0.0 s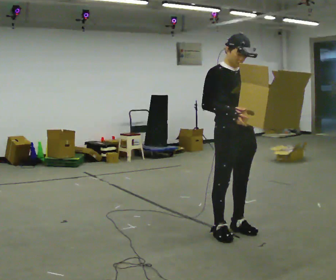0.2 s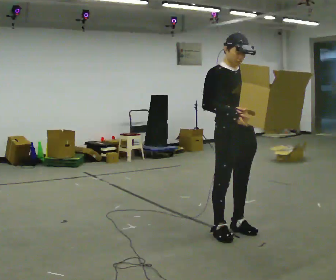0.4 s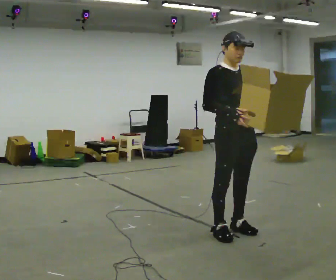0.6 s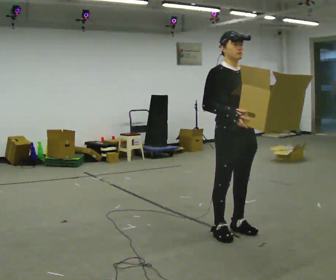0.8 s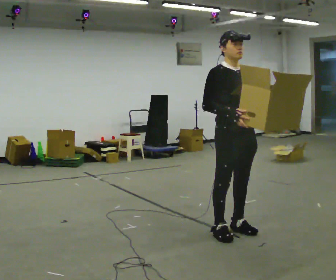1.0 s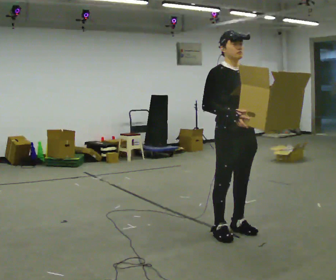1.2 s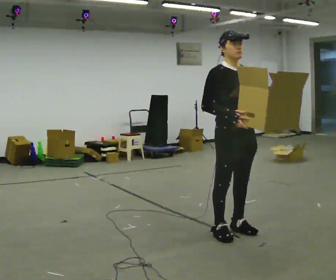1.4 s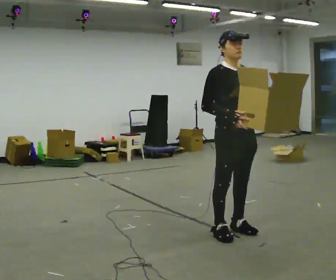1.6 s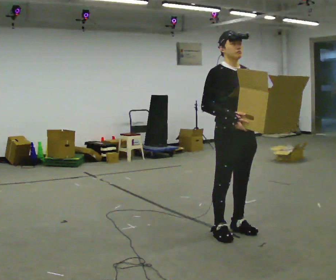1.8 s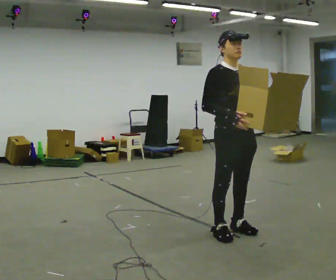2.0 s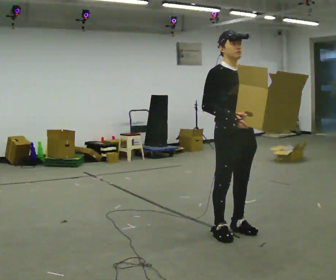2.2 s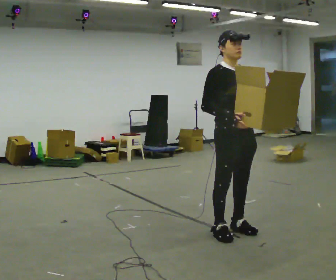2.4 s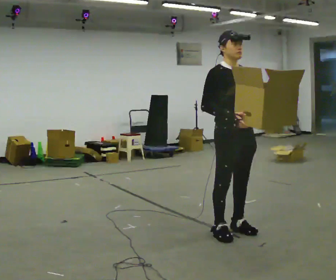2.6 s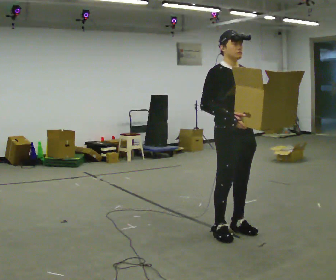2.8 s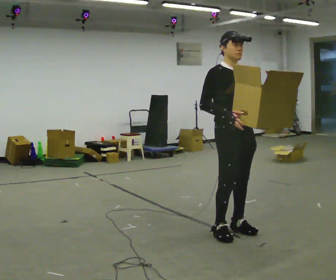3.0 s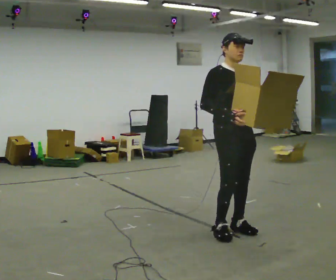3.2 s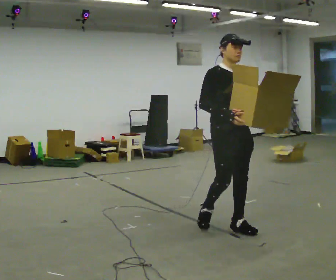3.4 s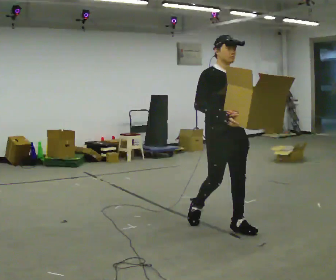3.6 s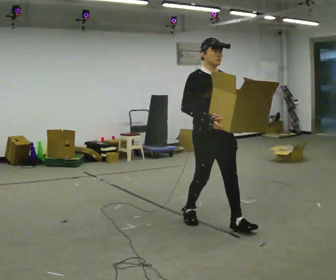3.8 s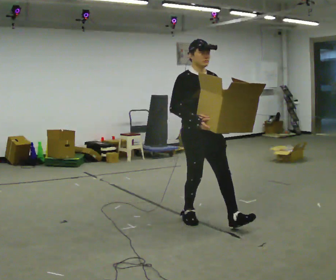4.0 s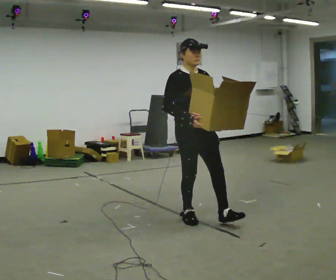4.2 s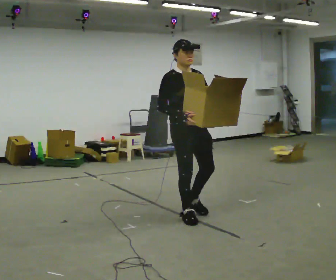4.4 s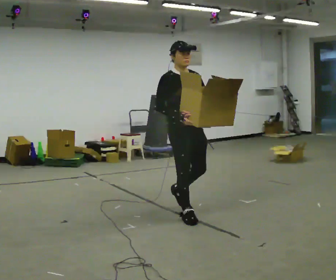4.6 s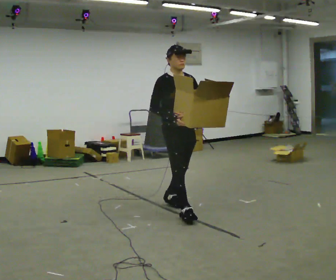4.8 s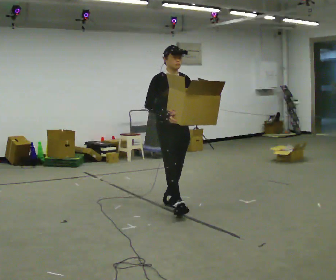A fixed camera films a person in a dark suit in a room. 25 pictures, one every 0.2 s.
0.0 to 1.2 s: The person moves a little, or ends about where they began.
1.2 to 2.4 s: The person keeps their place and pose.
2.4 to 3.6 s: In the picture they go away from the camera and to the left, about 0.25 m in 1 step, which for them is backward.
3.6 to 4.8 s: In the picture they go away from the camera and to the left, about 0.5 m in 2 steps, which for them is backward.
The film runs backward here.
